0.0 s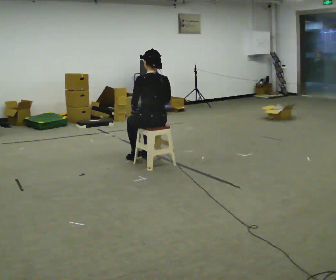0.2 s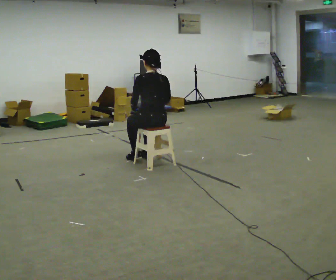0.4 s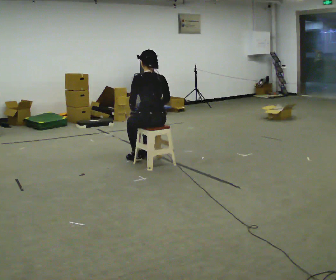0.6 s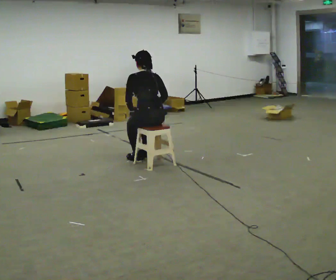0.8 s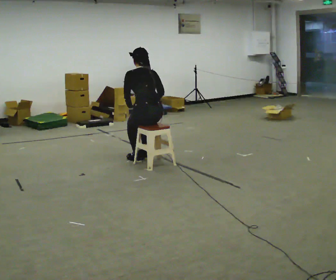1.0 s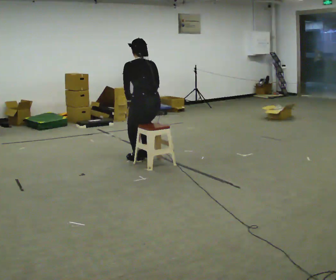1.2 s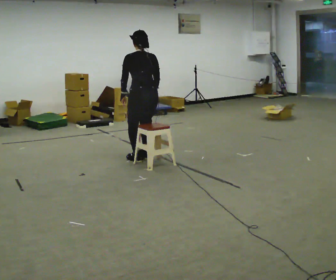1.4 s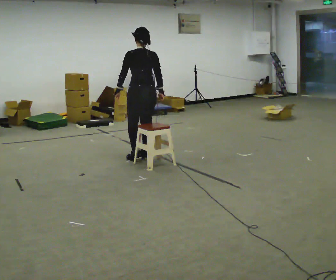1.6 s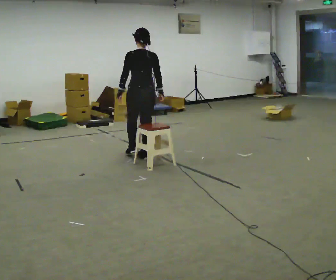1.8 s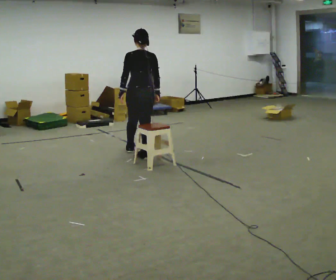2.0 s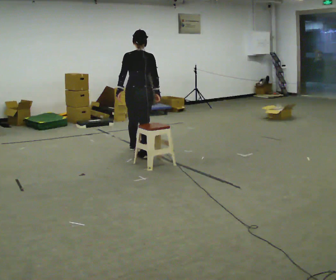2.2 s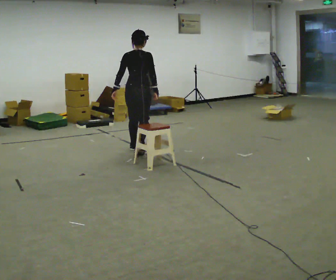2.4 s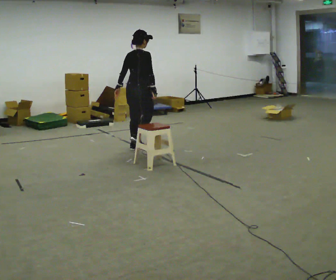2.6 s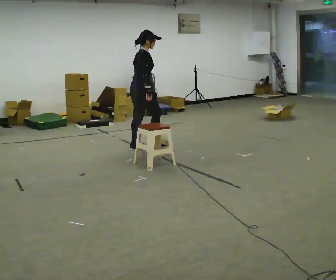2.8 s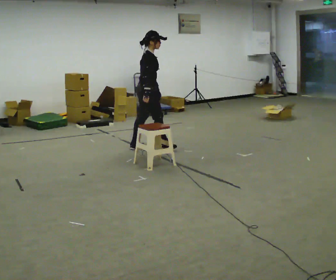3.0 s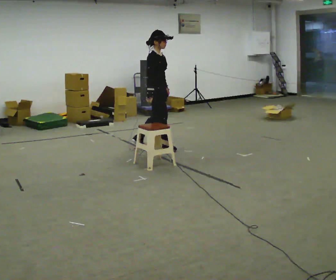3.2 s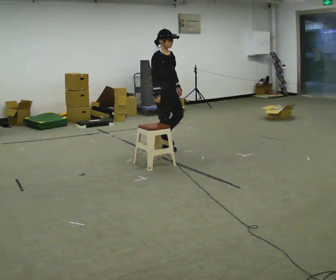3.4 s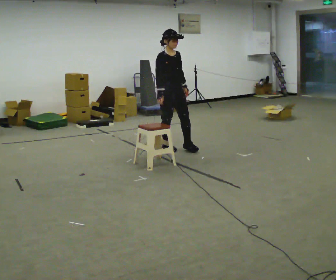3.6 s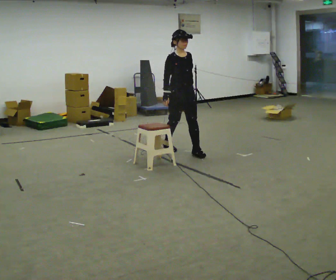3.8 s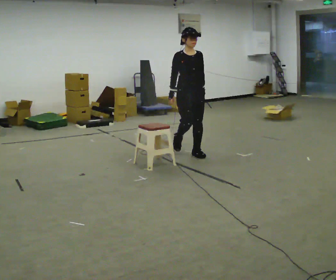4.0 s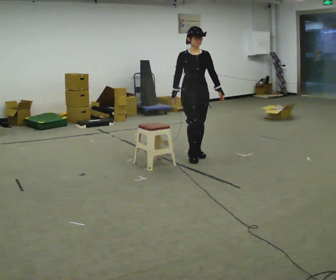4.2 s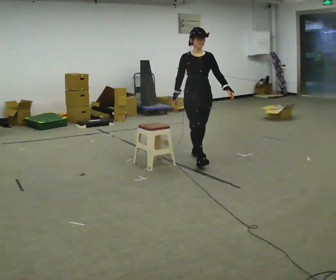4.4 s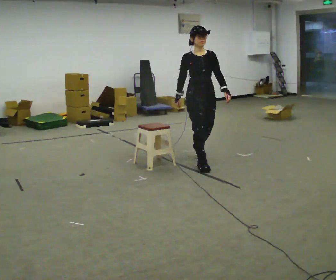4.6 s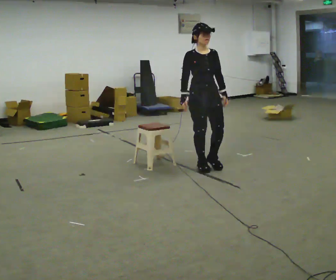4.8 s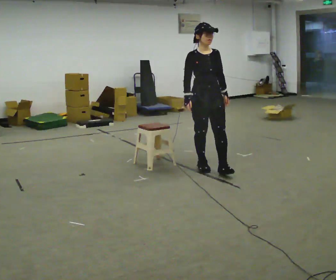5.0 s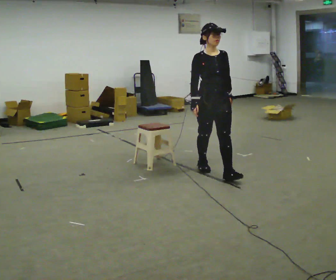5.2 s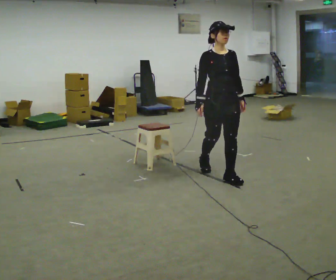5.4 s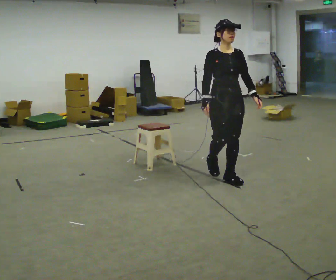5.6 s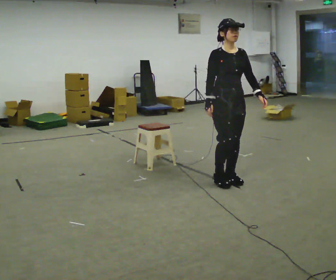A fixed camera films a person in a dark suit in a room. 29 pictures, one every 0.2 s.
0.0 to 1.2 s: In the picture they go away from the camera, about 0.25 m, which for them is forward. The shoulders move upward.
1.2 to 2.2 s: The part of the body nearest the lens slides to the left as the person turns to their right by about 30 degrees. In the picture they go away from the camera, about 0.5 m in 1 step, which for them is forward.
2.2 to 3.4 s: Seen from above the body turns clockwise, about 120 degrees: to their right, with its near side sliding to the left. In the picture they go to the right, about 0.5 m in 1 step.
3.4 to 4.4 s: In the picture they go toward the camera and to the right, about 0.5 m in 2 steps, which for them is forward.
4.4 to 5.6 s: In the picture they go toward the camera, about 0.75 m in 1 step, which for them is forward.
The film runs forward here.
